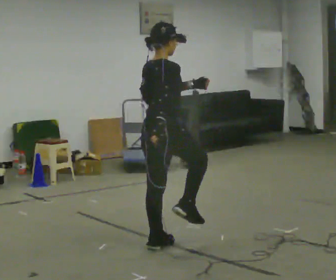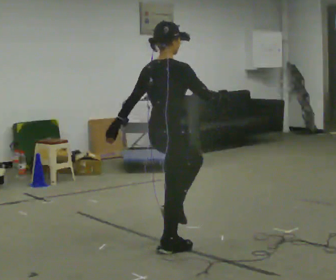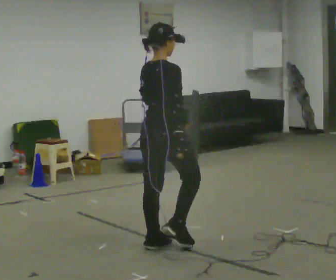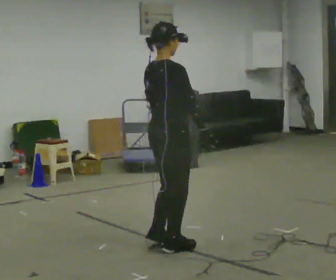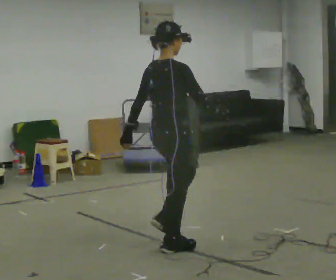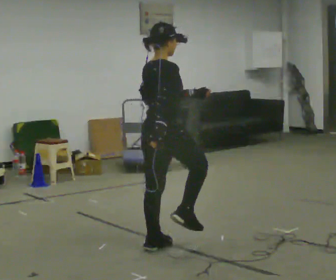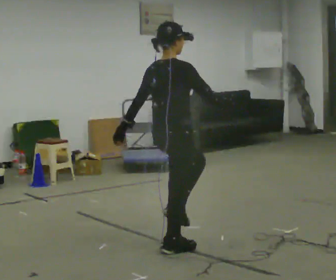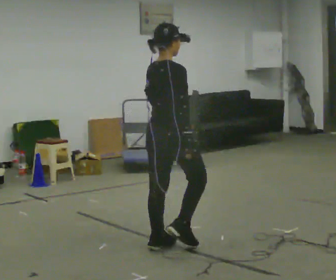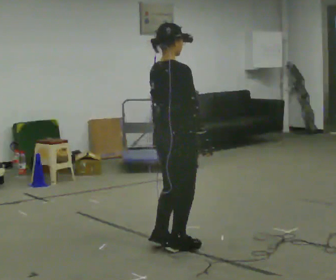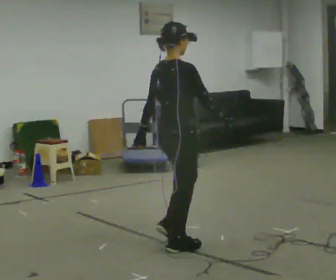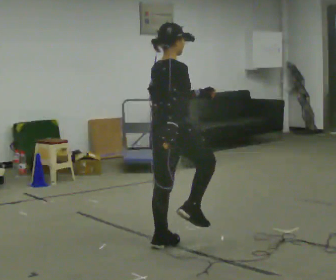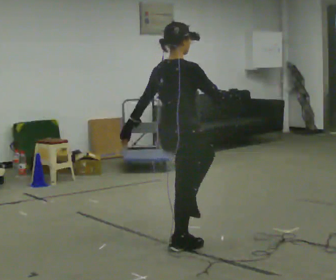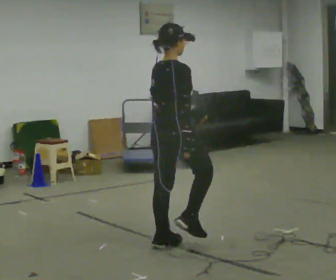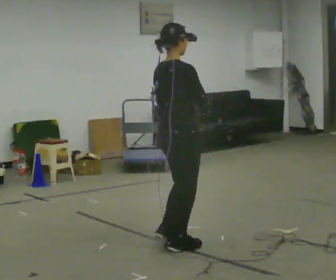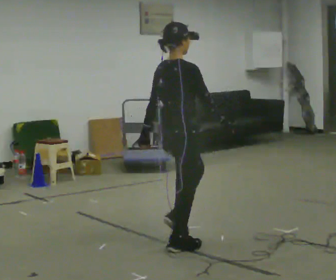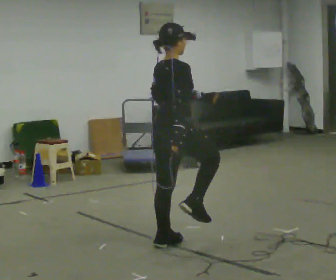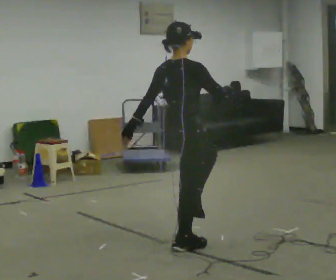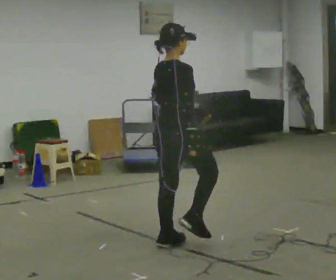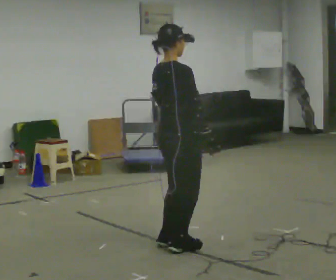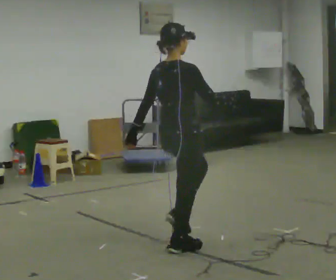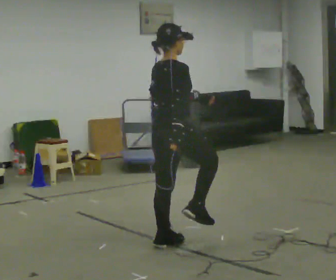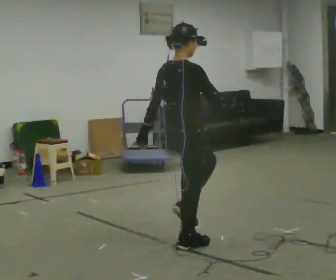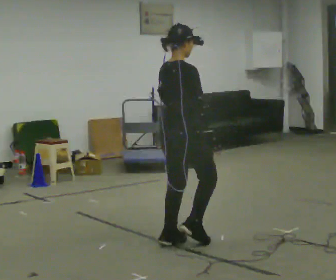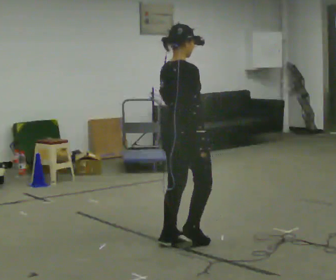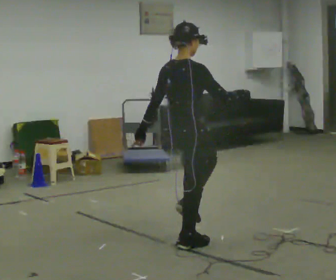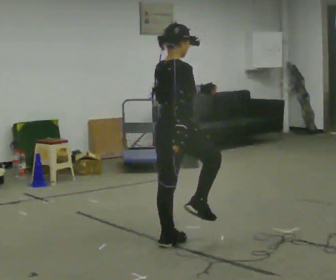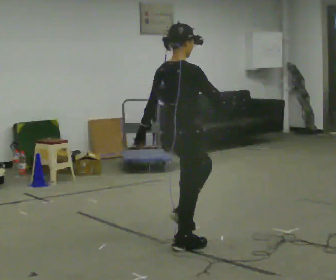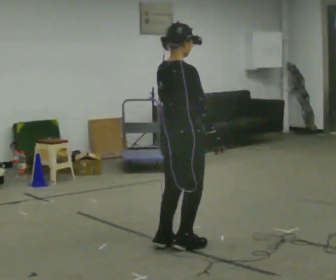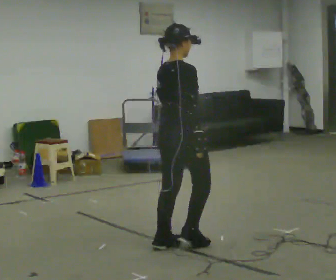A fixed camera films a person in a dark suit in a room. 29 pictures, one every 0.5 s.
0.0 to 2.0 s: In the picture their left hand goes to the left and downward.
2.0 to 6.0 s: In the picture their left hand goes to the right.
6.0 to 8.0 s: In the picture their left hand goes to the left.
8.0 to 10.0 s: In the picture their left hand goes to the right.
10.0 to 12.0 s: In the picture their right hand goes to the right.
12.0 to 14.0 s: The person moves a little, or ends about where they began.
The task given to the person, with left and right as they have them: March in place at a comfortable rhythm without moving forward; stop.
The film runs forward here.
